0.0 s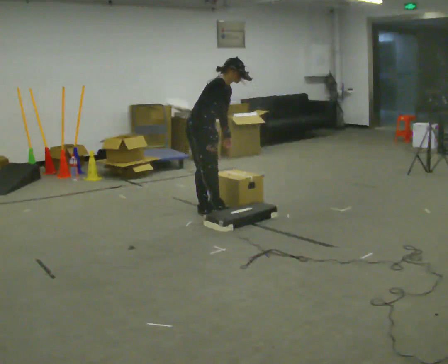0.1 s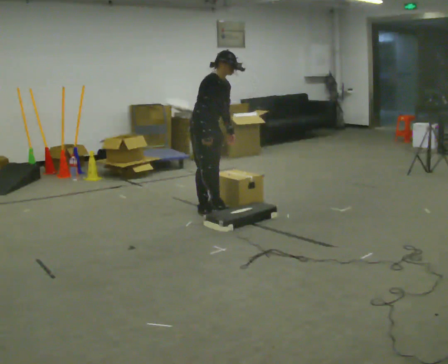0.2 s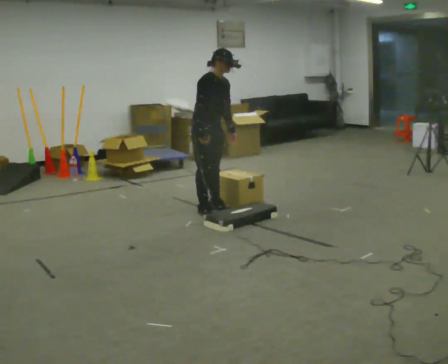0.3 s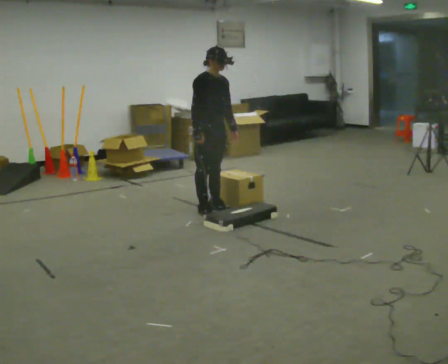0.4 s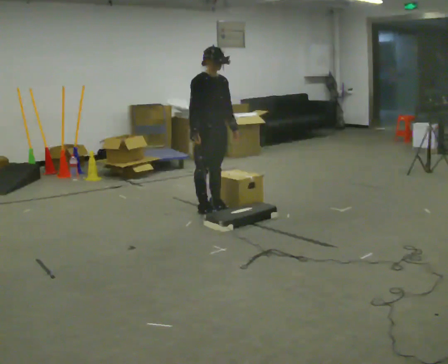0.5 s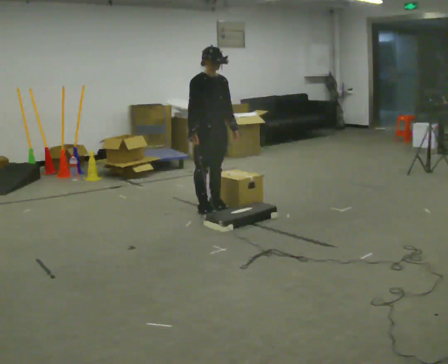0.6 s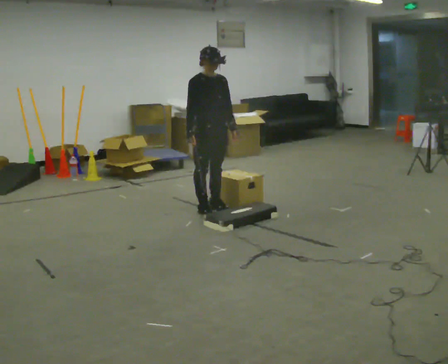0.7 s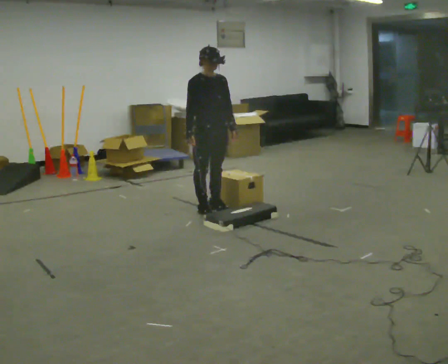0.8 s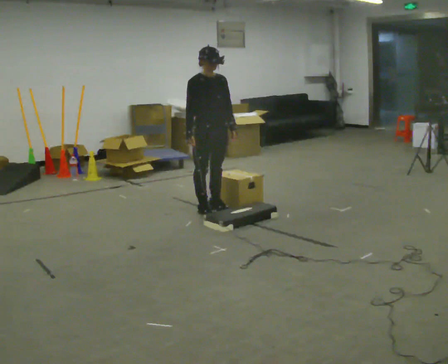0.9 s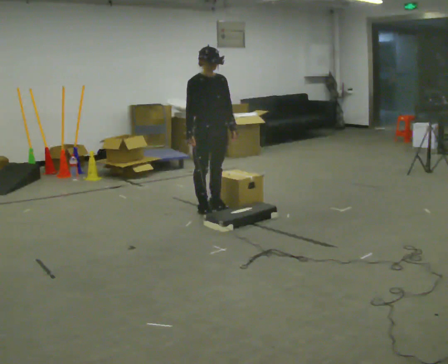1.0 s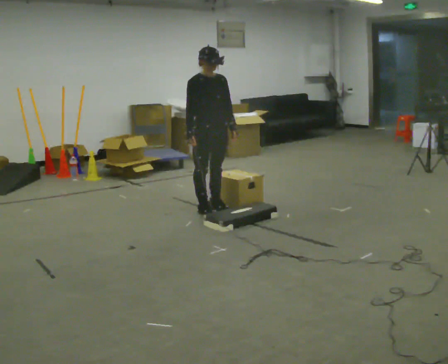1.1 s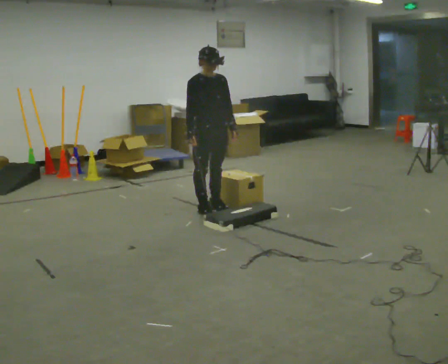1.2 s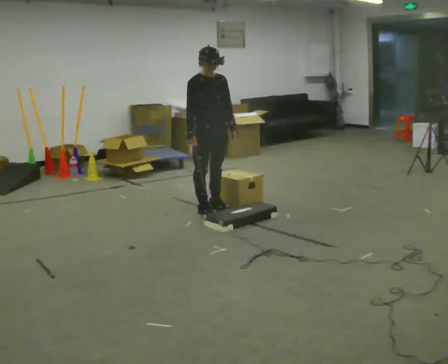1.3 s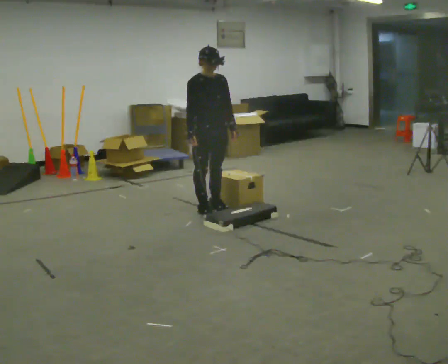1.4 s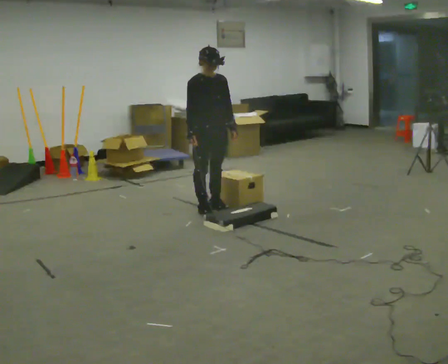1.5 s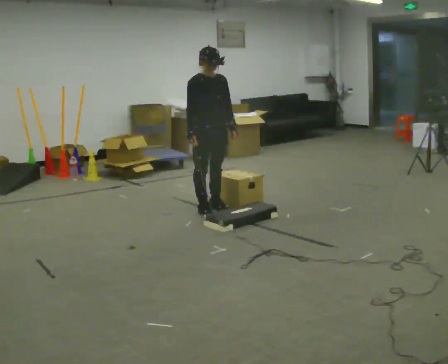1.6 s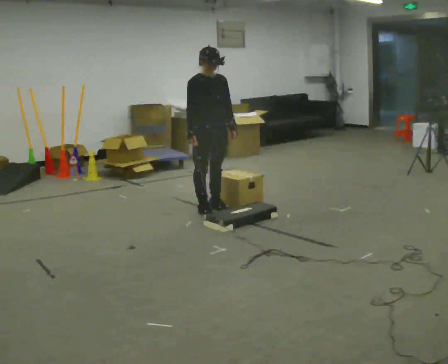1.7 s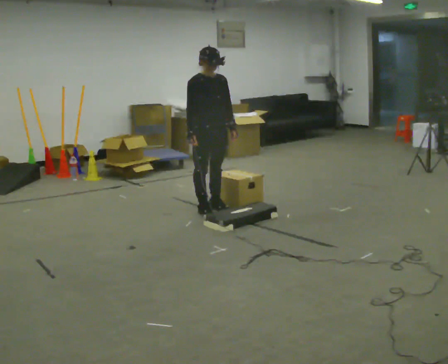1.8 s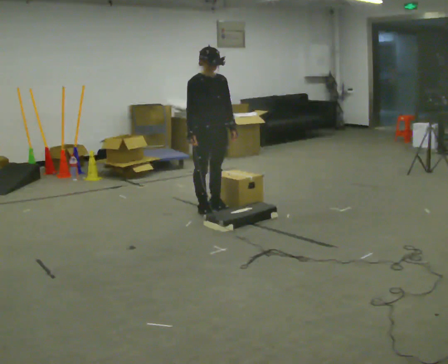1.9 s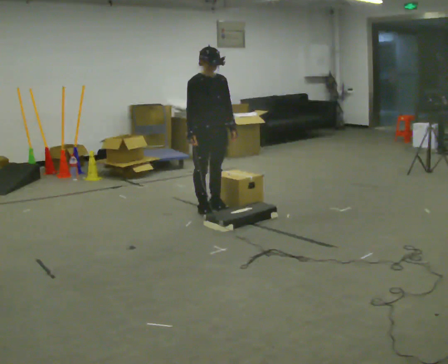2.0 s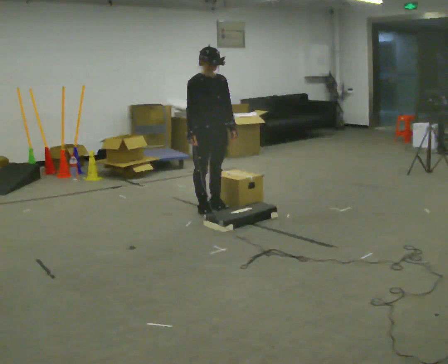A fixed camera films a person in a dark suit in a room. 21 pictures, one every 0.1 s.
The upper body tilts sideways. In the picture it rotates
counterclockwise.
0.0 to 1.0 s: The part of the body nearest the lens slides to the left as the person turns to their right by about 30 degrees. In the picture the upper body tilts counterclockwise, shoulders to the left, as they lean back or straighten.
1.0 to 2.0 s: The person keeps their place and pose.
The film runs forward here.
